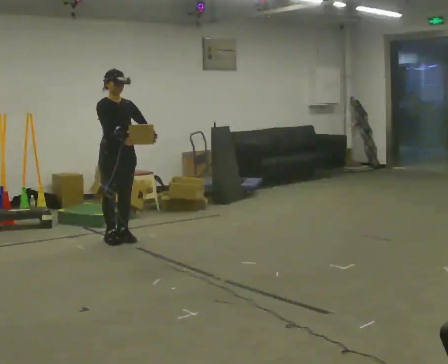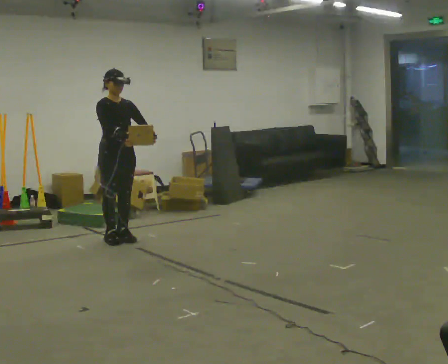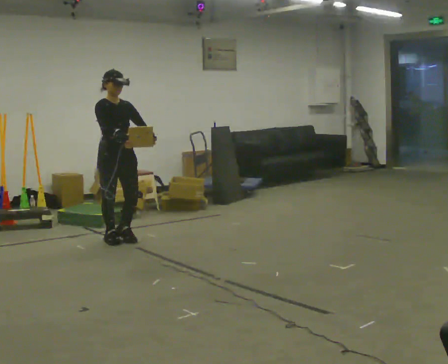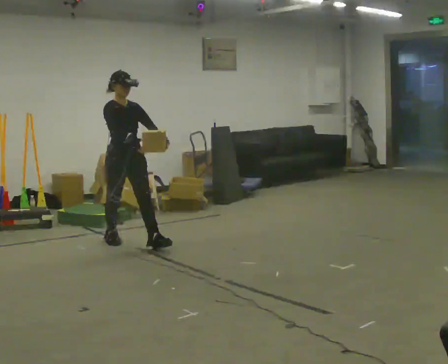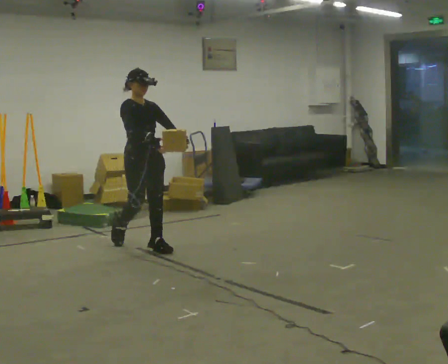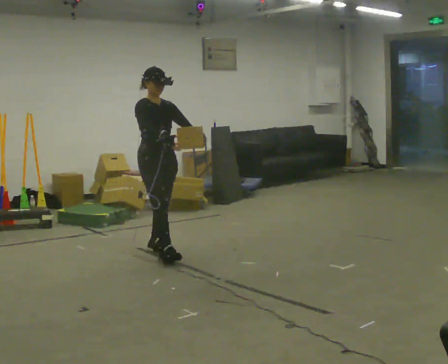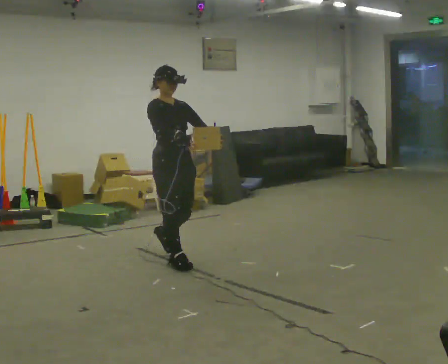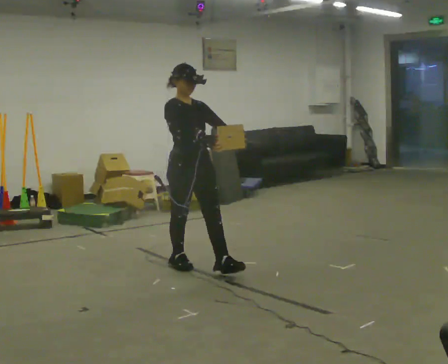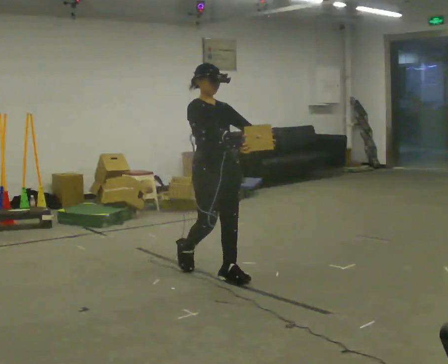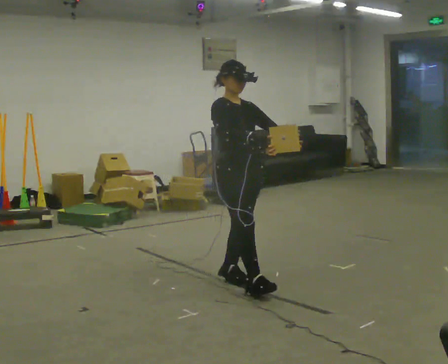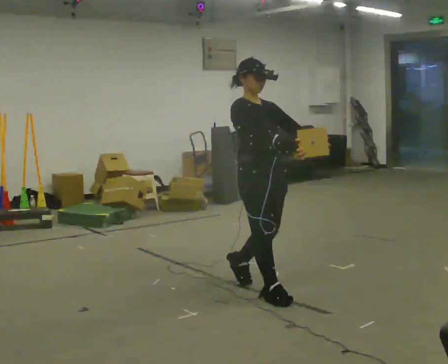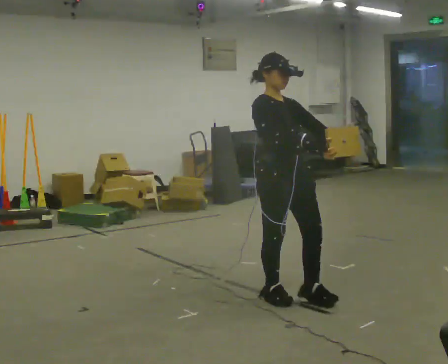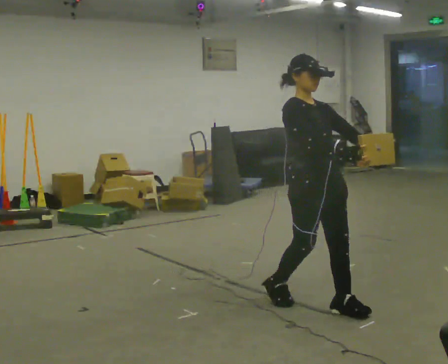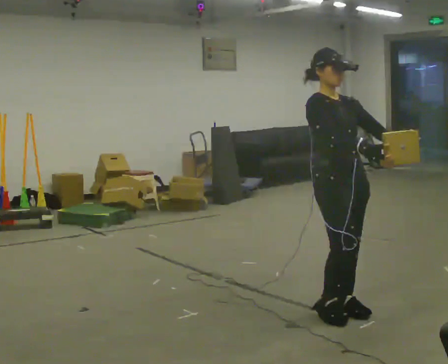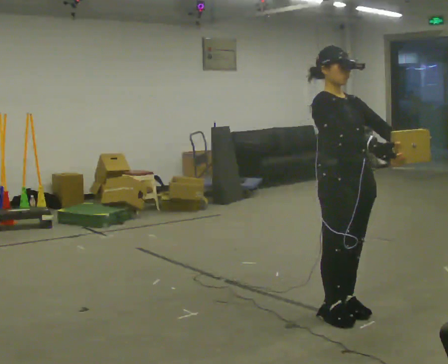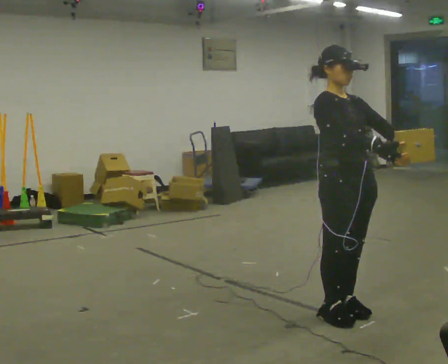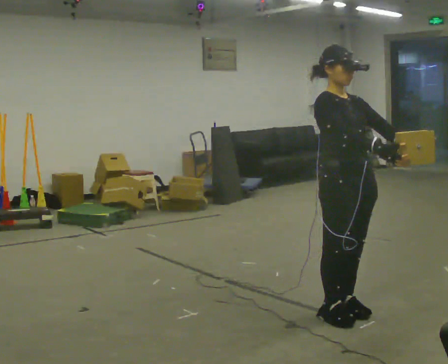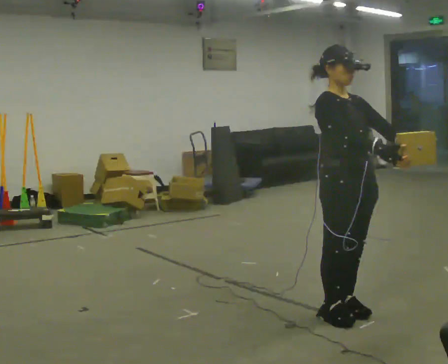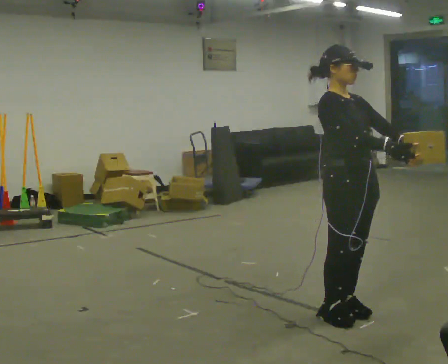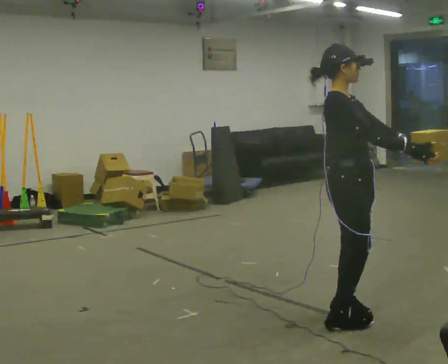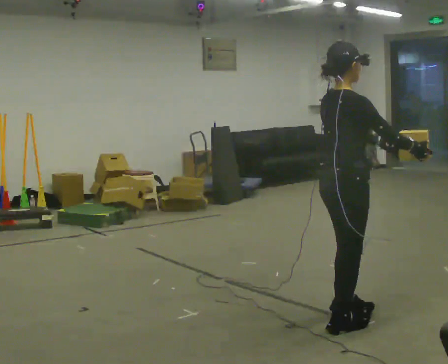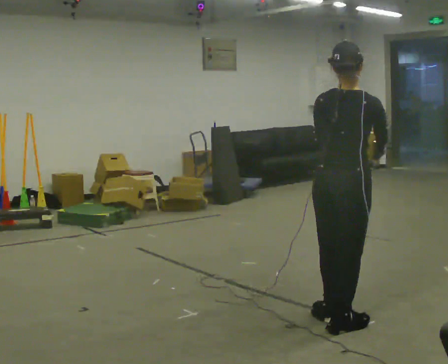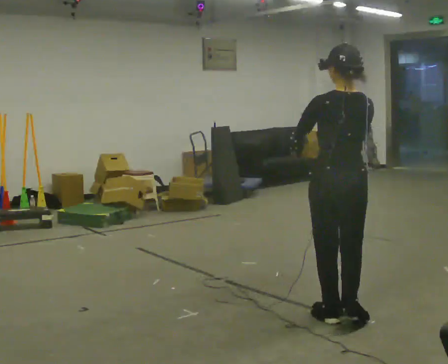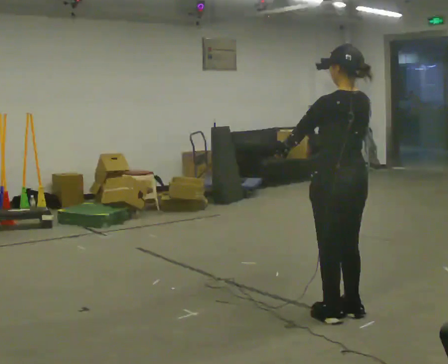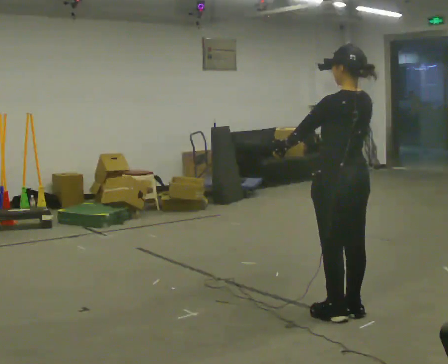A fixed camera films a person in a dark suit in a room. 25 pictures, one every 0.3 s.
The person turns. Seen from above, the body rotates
counterclockwise.
The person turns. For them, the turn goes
to their left.
0.0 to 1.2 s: In the picture they go to the right and toward the camera, about 0.5 m in 1 step, which for them is forward.
1.2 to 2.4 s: In the picture they go to the right and toward the camera, about 1 m in 2 steps, which for them is forward.
2.4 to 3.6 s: In the picture they go to the right and toward the camera, about 1 m in 2 steps, which for them is forward.
3.6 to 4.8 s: In the picture they go toward the camera, about 0.25 m in 1 step, which for them is forward.
4.8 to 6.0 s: Seen from above the body turns counterclockwise, about 75 degrees: to their left, with its near side sliding to the right.
6.0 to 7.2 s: The person turns about 105 degrees to their left, counterclockwise seen from above, so the part of the body nearest the lens slides to the right. In the picture they go away from the camera, about 0.25 m in 2 steps. In the picture their right hand goes to the left.
The film runs forward here.
